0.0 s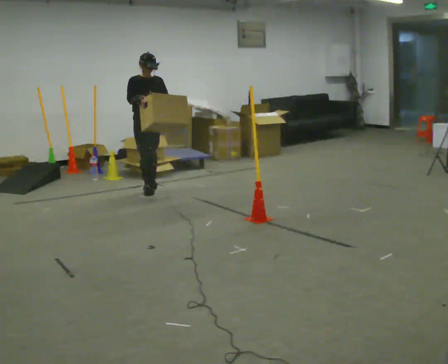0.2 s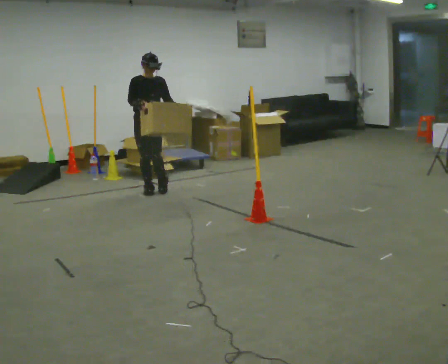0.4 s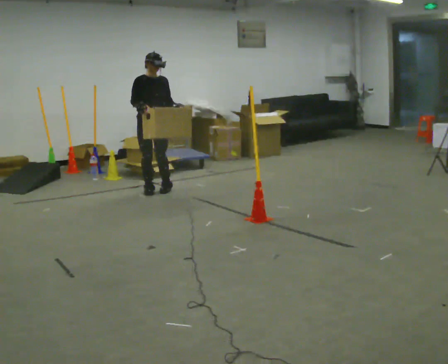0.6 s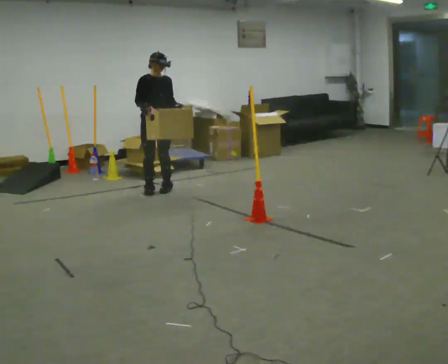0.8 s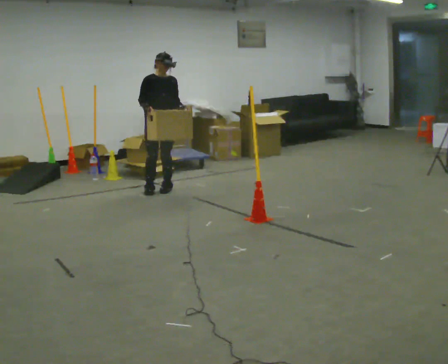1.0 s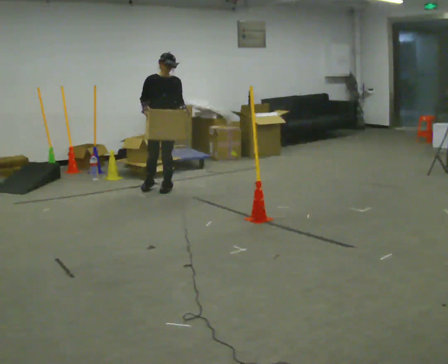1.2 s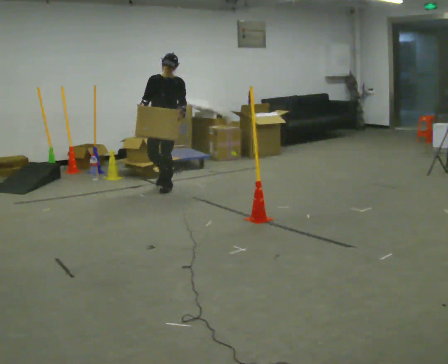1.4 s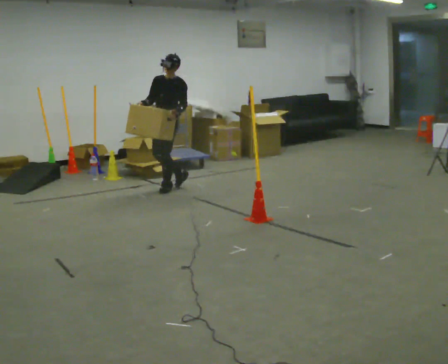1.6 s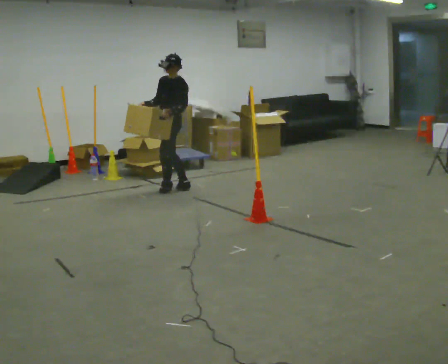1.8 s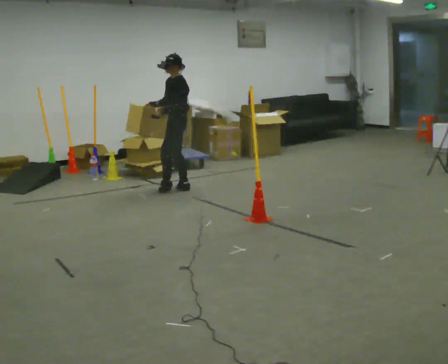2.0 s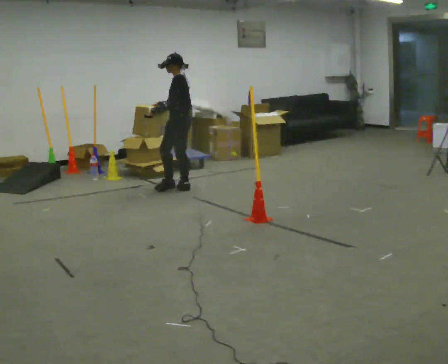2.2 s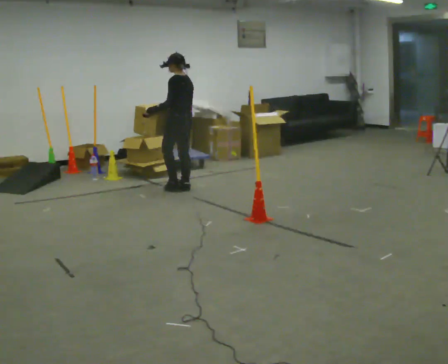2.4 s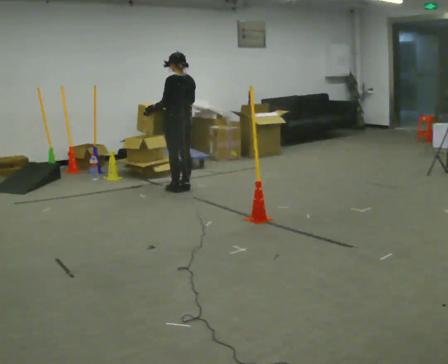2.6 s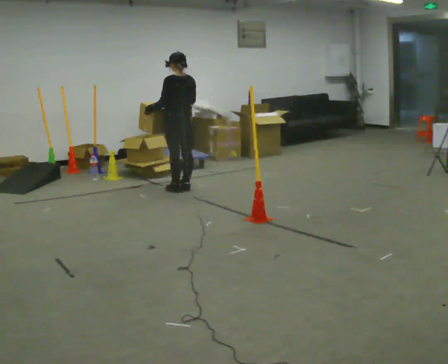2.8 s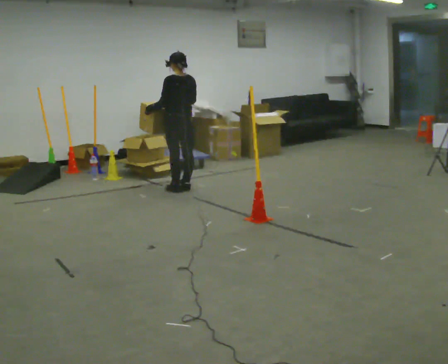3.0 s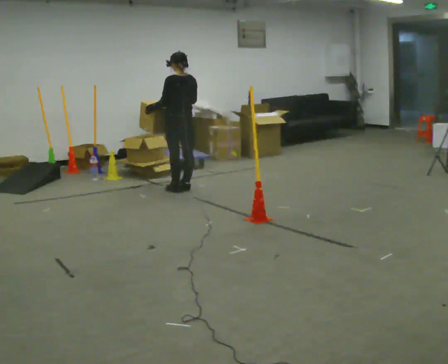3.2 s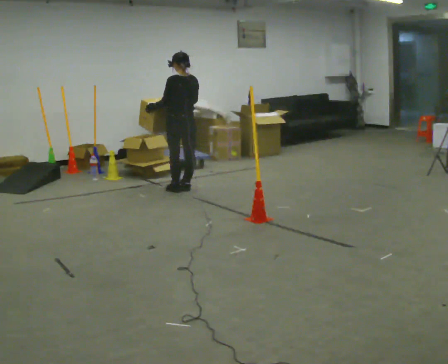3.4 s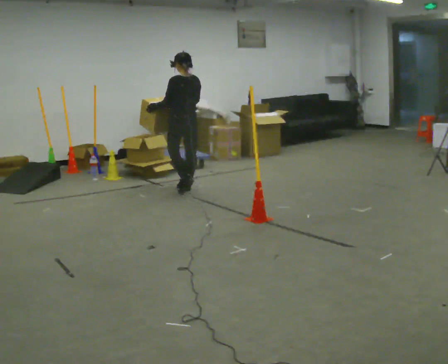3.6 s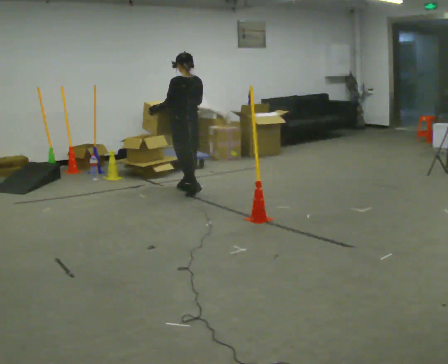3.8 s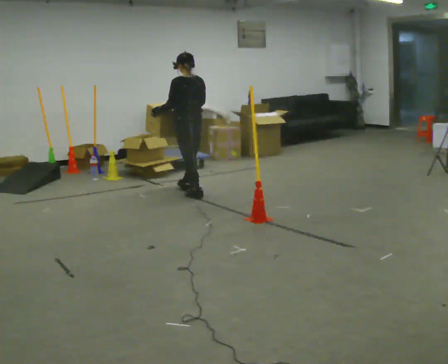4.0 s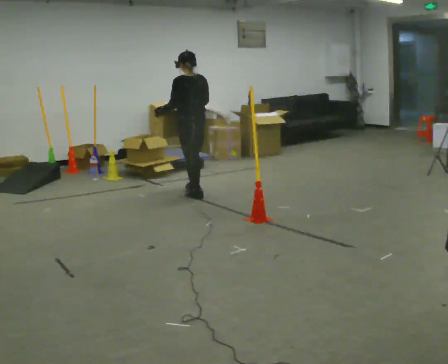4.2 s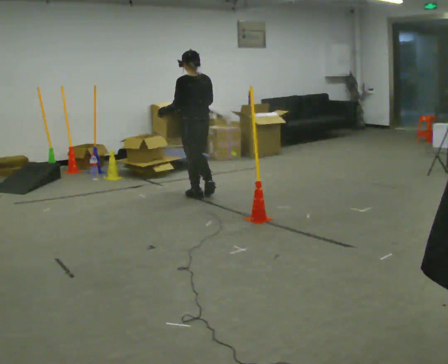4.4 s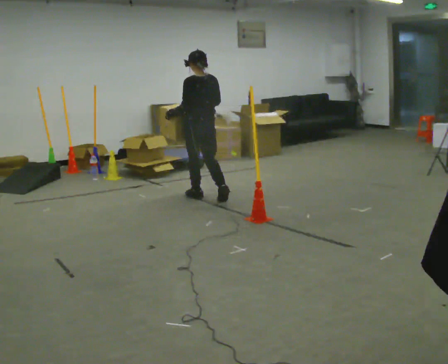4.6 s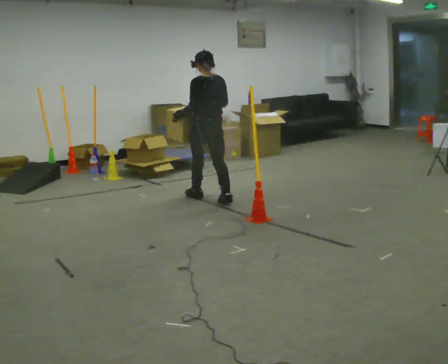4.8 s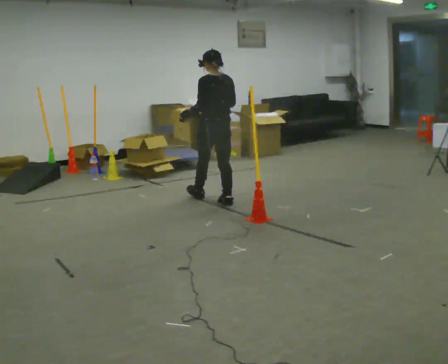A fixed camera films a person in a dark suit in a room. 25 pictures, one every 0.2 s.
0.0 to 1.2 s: Seen from above the body turns clockwise, about 30 degrees: to their right, with its near side sliding to the left. In the picture they go to the right, about 0.25 m in 1 step, which for them is to their left.
1.2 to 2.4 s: Seen from above the body turns clockwise, about 105 degrees: to their right, with its near side sliding to the left. In the picture they go to the right, about 0.25 m in 1 step. In the picture their right hand goes to the right.
2.4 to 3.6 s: The person moves a little, or ends about where they began.
3.6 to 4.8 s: In the picture they go toward the camera and to the right, about 0.5 m in 2 steps, which for them is backward.
The film runs backward here.
